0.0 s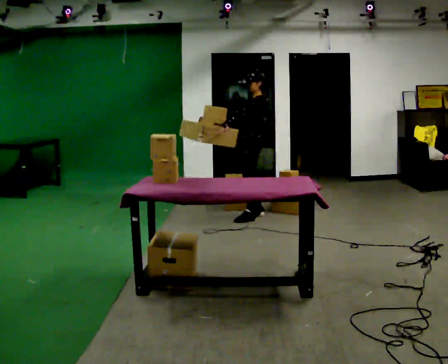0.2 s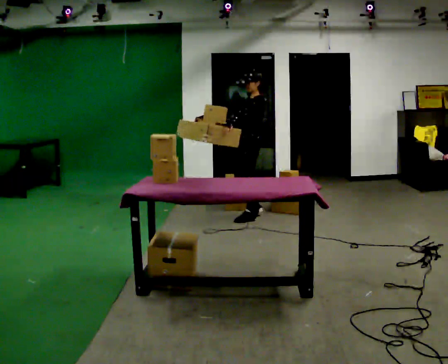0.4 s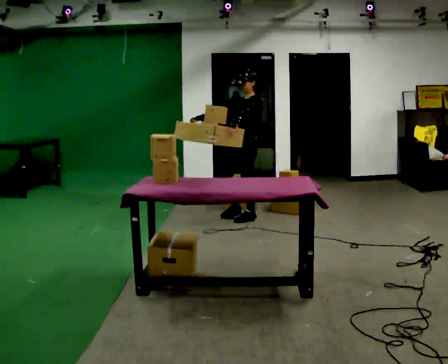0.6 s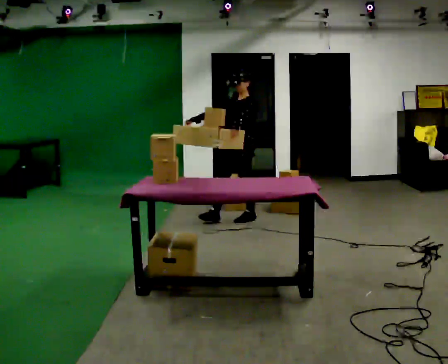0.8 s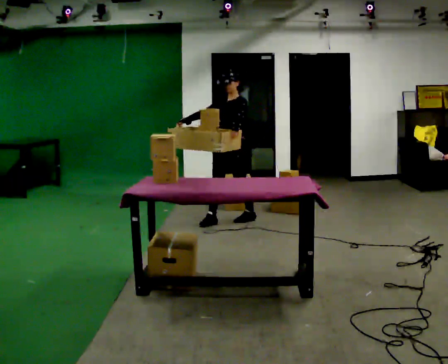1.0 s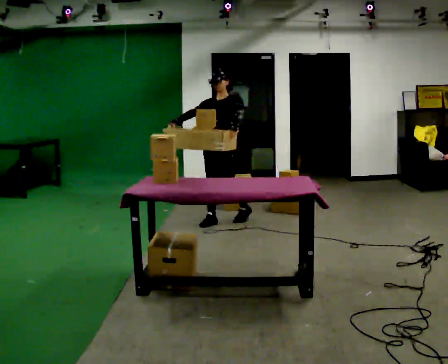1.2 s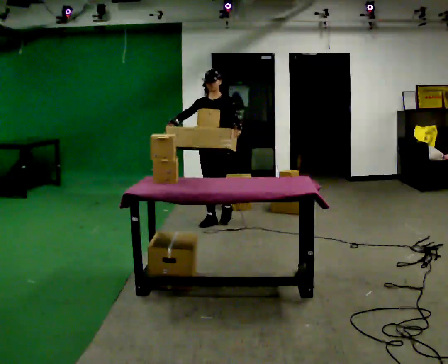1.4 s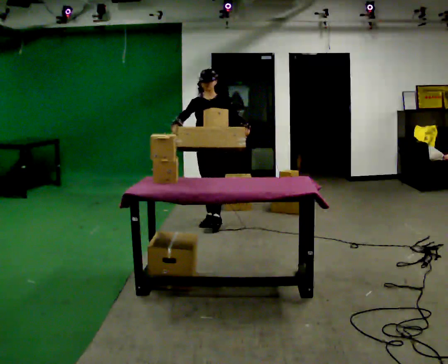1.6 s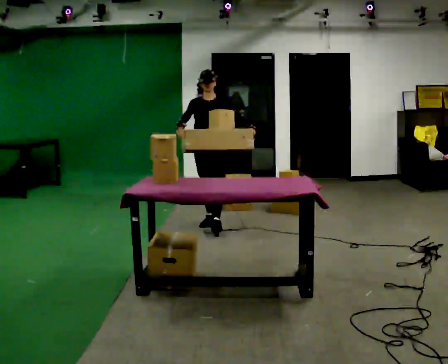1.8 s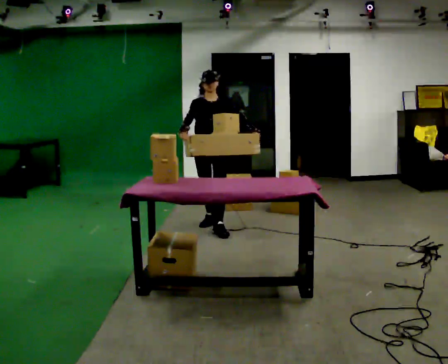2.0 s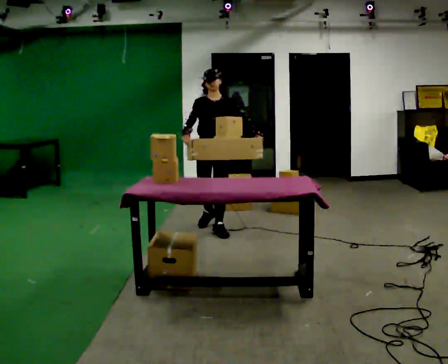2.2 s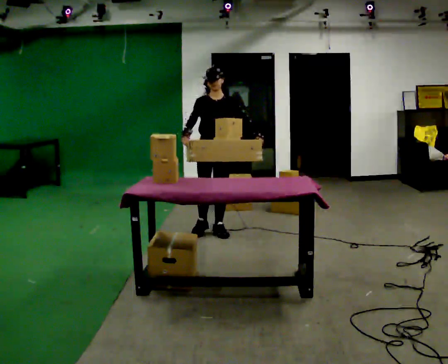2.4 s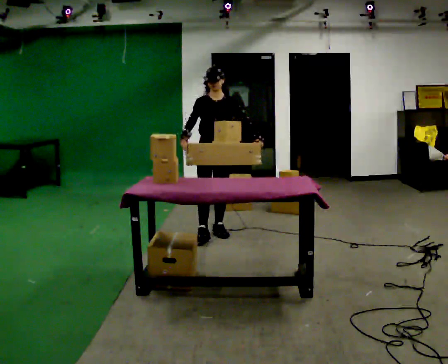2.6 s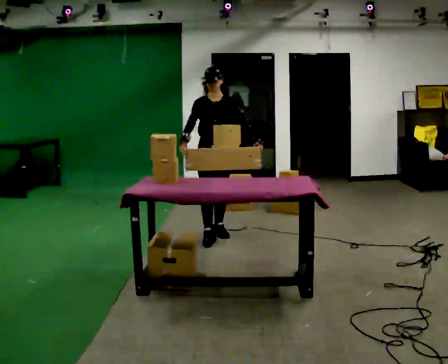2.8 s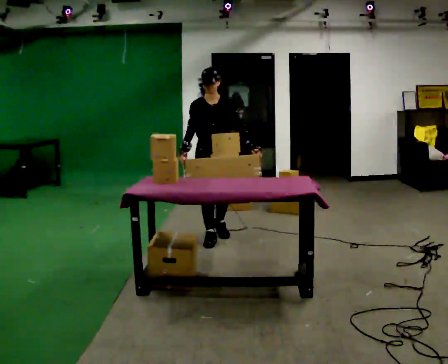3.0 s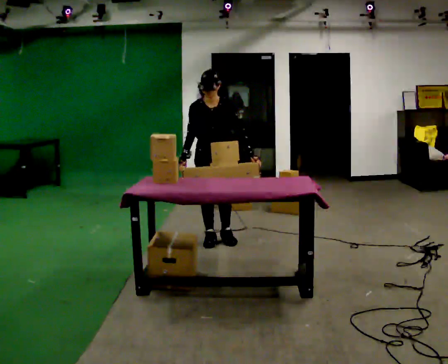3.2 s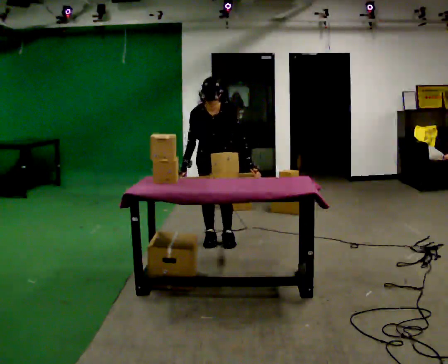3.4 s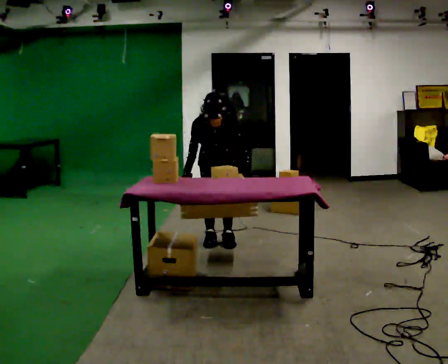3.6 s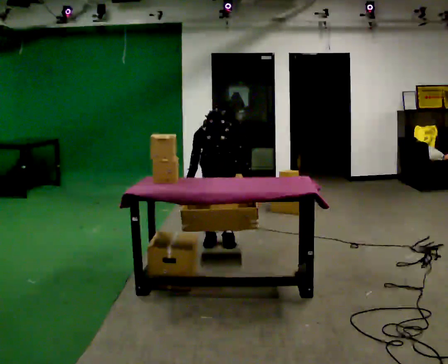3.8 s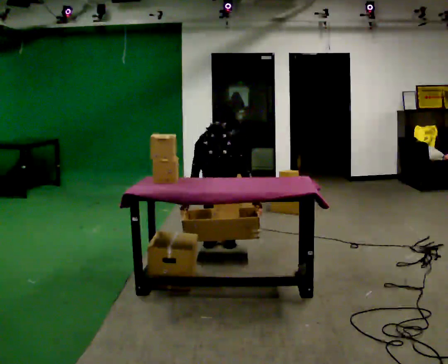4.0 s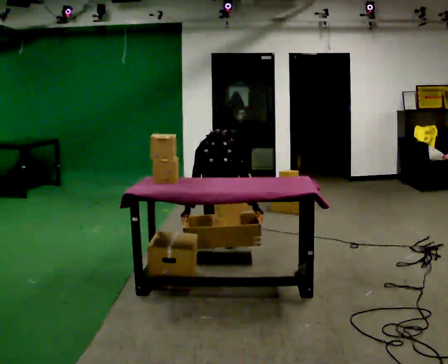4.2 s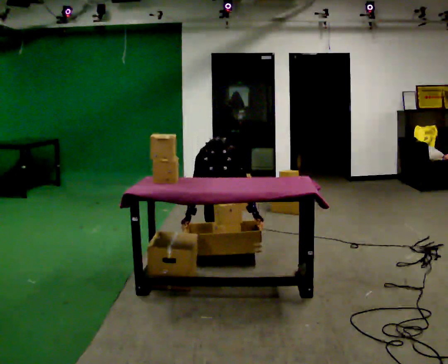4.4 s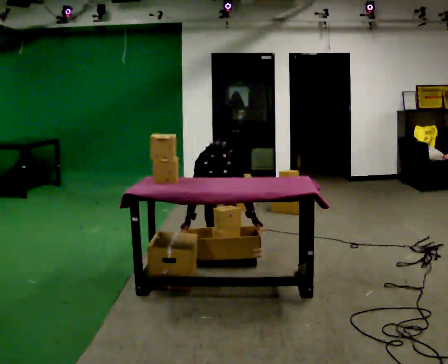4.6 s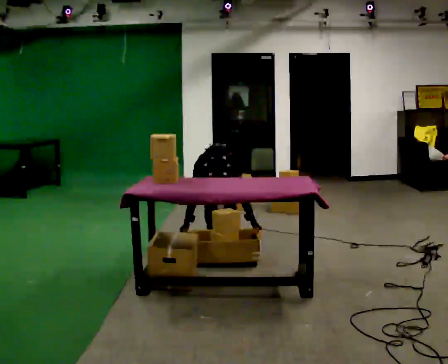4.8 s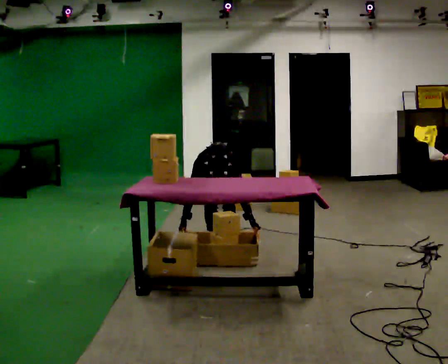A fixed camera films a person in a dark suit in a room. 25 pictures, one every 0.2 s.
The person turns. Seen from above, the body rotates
counterclockwise.
The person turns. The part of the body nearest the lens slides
to the right.
0.0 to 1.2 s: The part of the body nearest the lens slides to the right as the person turns to their left by about 75 degrees. In the picture they go to the left and toward the camera, about 0.5 m in 1 step.
1.2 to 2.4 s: In the picture they go toward the camera, about 0.5 m in 1 step, which for them is forward.
2.4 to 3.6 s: The upper body goes downward. The upper body tips toward the camera, its near side rolling downward, as they bend forward. In the picture their right hand goes downward.
3.6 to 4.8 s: The upper body goes downward.
The film runs forward here.
